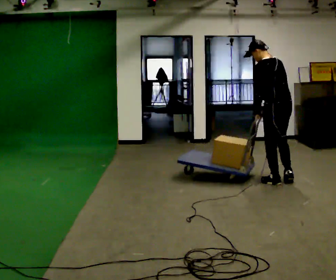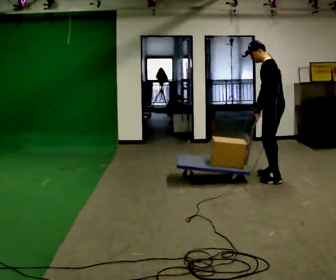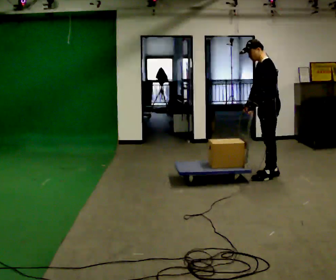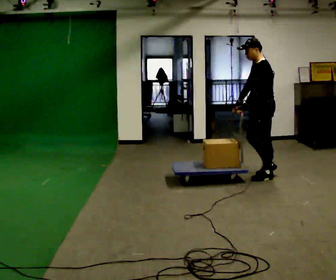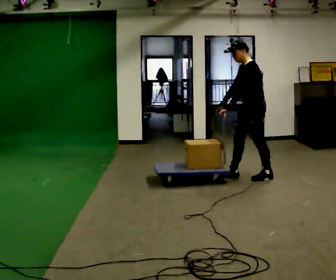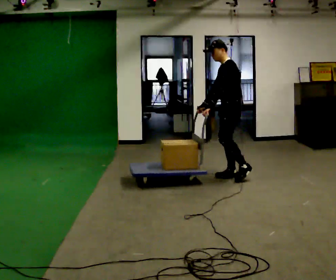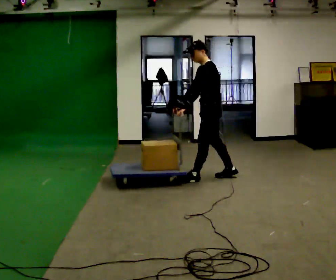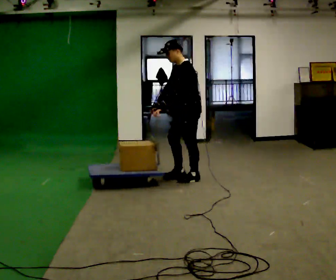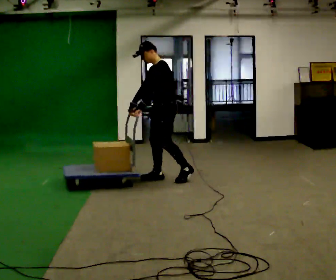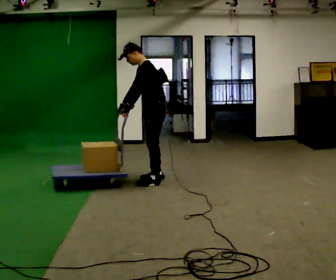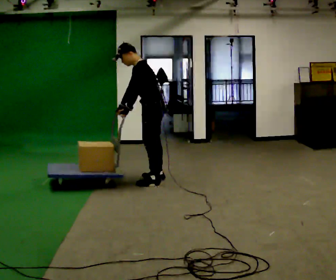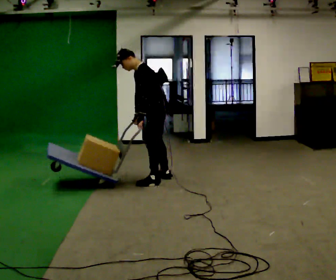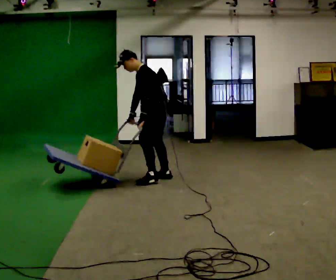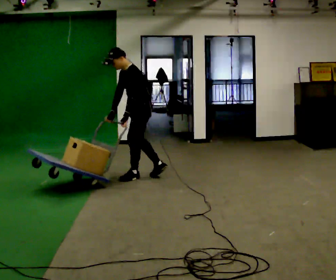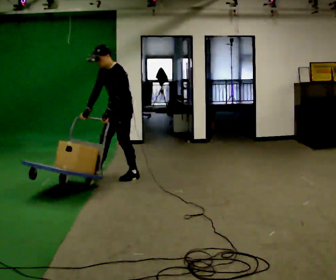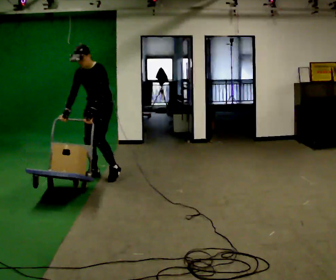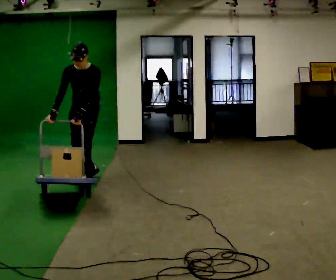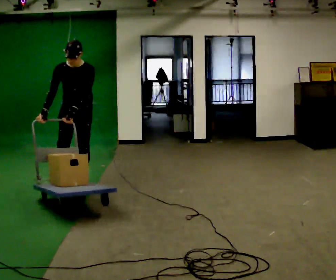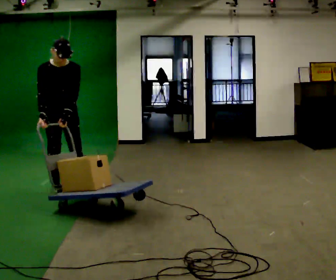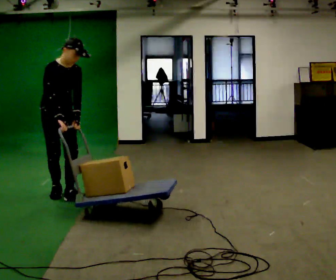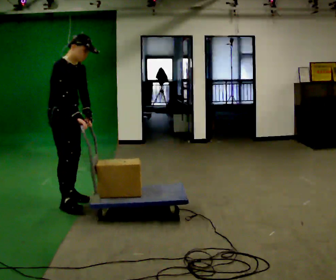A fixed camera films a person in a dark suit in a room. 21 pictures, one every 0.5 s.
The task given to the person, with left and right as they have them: Turn the cart round to face the other way without moving it out of the marked square, then turn it back. Repeat until the operator says stop.
0.0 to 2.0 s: Seen from above the body turns counterclockwise, about 60 degrees: to their left, with its near side sliding to the right. In the picture they go away from the camera and to the left, about 0.5 m in 3 steps.
2.0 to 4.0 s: In the picture they go to the left, about 1 m in 2 steps, which for them is forward.
4.0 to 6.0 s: In the picture the upper body tilts counterclockwise, shoulders to the left, as they bend forward.
6.0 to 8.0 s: Seen from above the body turns counterclockwise, about 75 degrees: to their left, with its near side sliding to the right. In the picture they go to the left, about 1 m in 3 steps. In the picture the upper body tilts clockwise, shoulders to the right.
8.0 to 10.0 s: The part of the body nearest the lens slides to the right as the person turns to their left by about 90 degrees. In the picture they go toward the camera, about 1 m in 2 steps.
The film runs forward here.
